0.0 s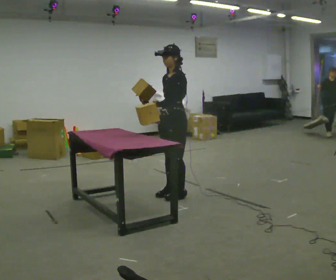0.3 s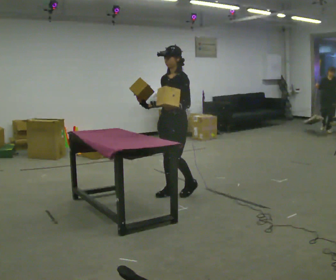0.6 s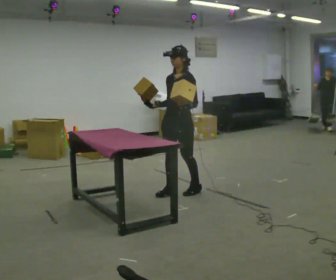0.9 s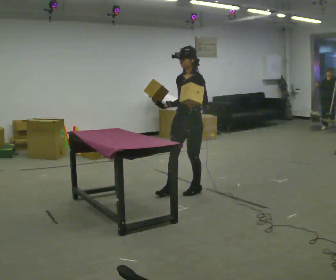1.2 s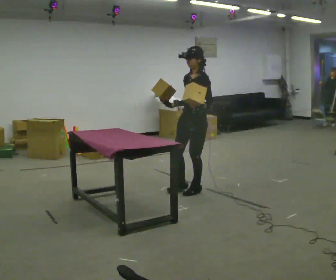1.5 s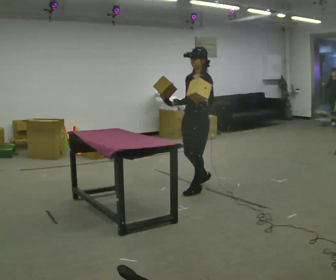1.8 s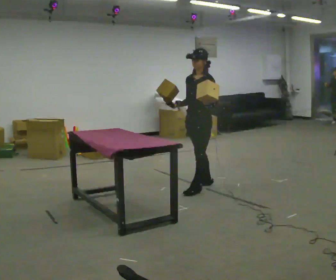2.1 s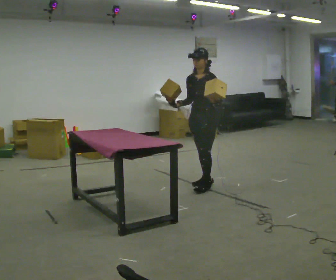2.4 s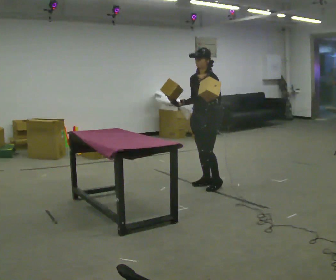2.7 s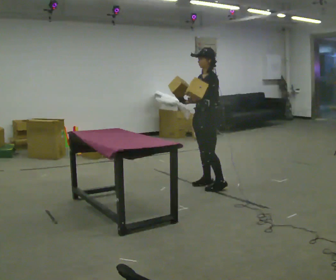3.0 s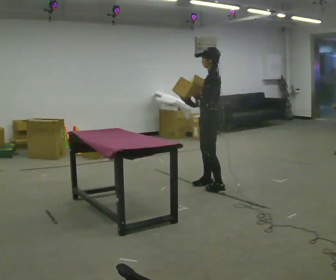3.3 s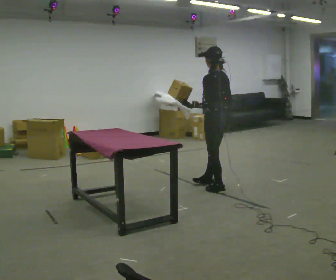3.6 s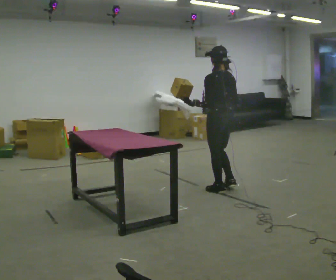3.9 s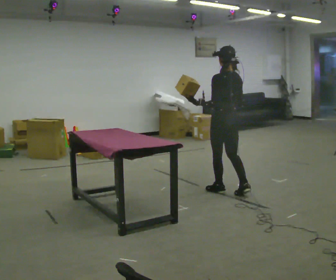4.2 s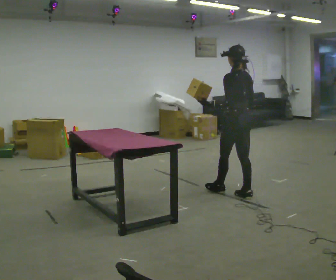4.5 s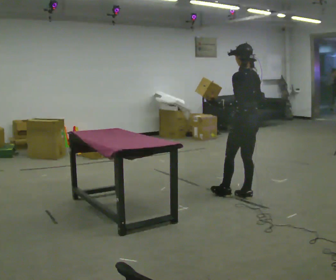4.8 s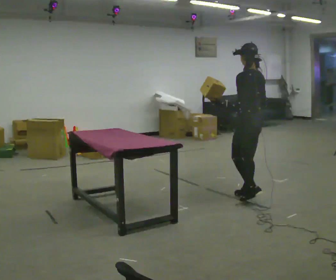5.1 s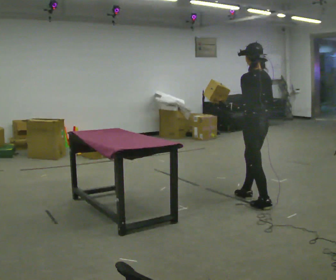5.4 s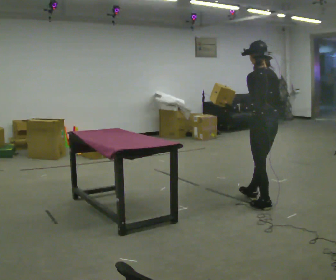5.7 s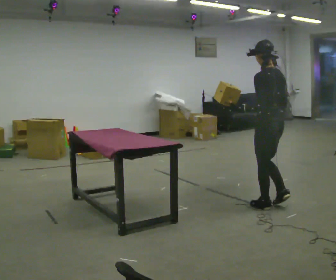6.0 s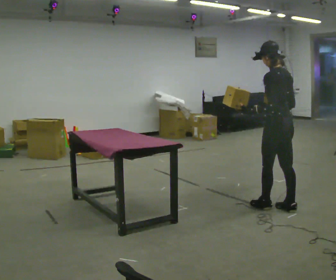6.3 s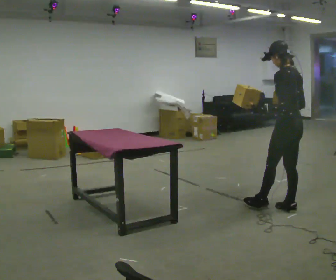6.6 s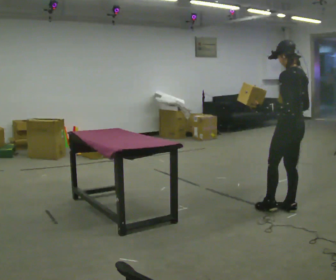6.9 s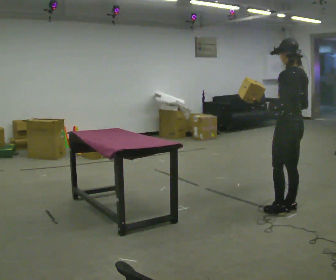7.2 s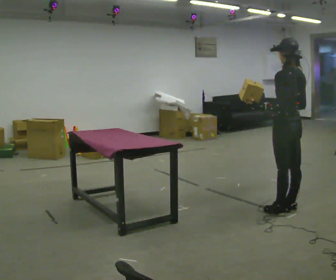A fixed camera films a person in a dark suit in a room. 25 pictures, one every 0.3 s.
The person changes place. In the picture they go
to the right.
The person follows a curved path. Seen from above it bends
clockwise.
0.0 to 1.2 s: In the picture they go to the right, about 0.25 m in 2 steps, which for them is backward. In the picture their left hand goes to the right.
1.2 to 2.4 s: In the picture they go away from the camera, about 0.25 m in 1 step, which for them is backward and to their right.
2.4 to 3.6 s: The person turns about 105 degrees to their right, clockwise seen from above, so the part of the body nearest the lens slides to the left. In the picture they go toward the camera, about 0.25 m in 2 steps.
3.6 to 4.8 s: In the picture they go to the right and toward the camera, about 0.5 m in 1 step, which for them is backward.
4.8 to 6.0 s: In the picture they go toward the camera and to the right, about 0.5 m in 1 step, which for them is backward.
6.0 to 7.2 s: The person moves a little, or ends about where they began.
The film runs backward here.
